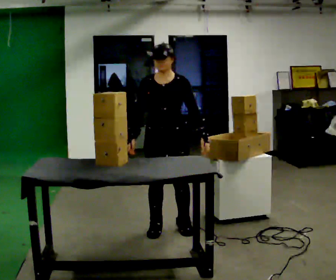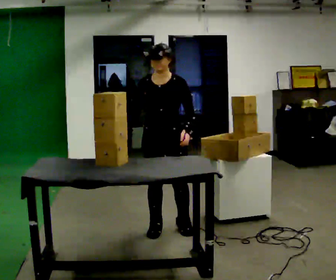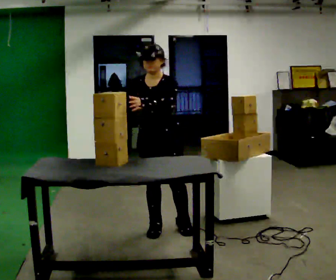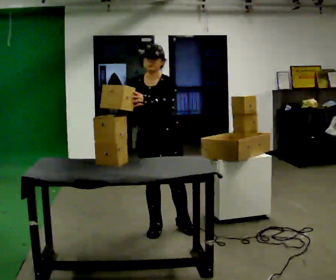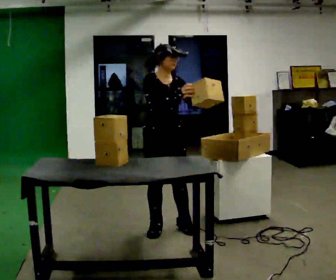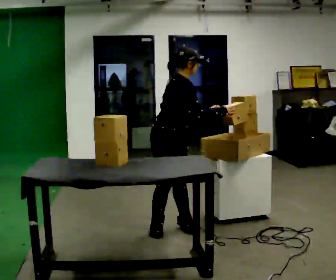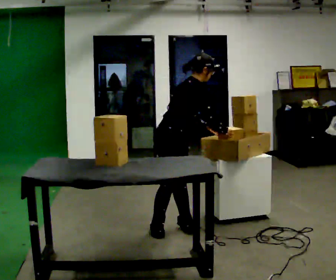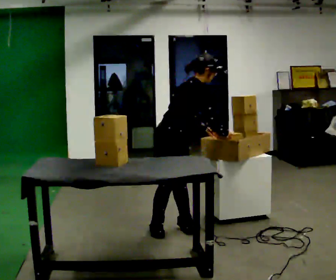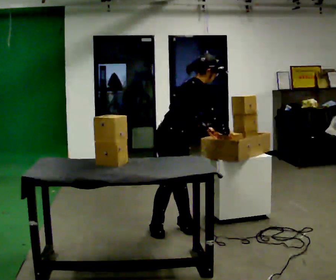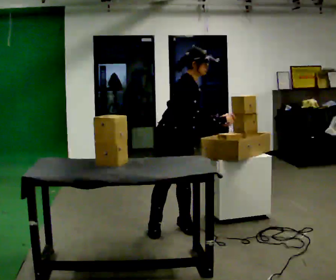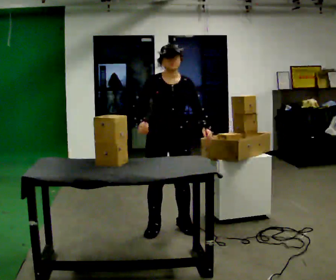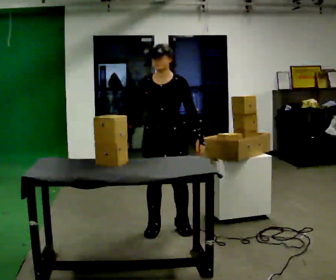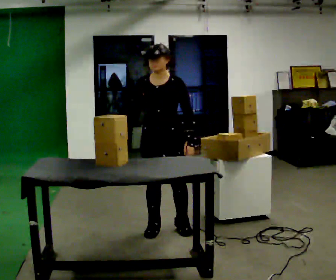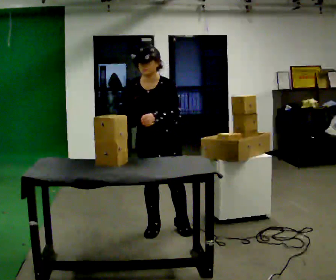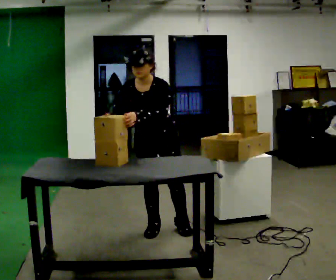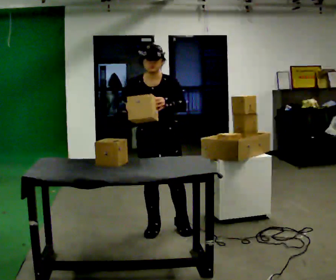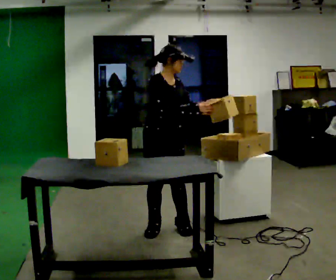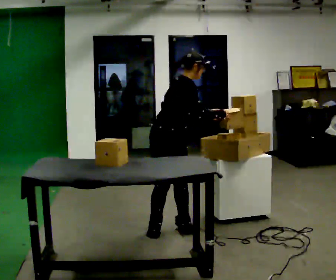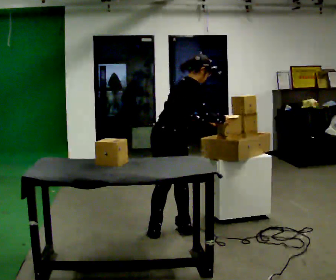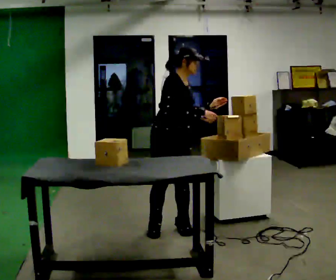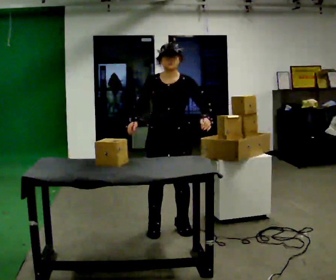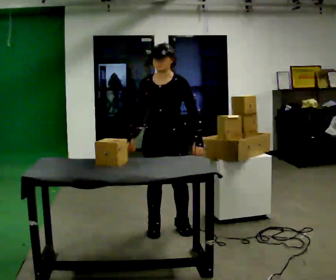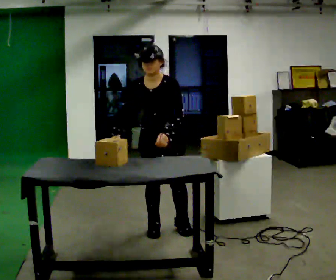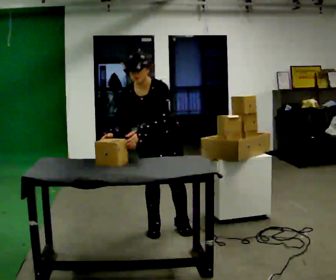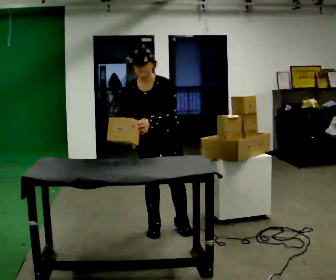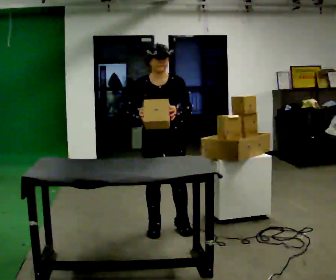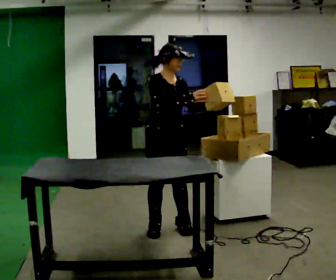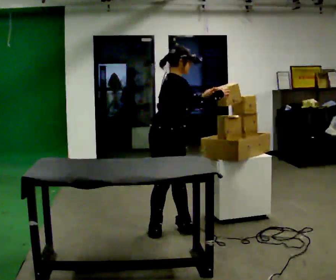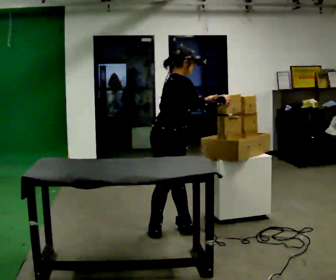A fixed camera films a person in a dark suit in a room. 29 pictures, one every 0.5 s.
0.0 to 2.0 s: Seen from above the body turns counterclockwise, about 30 degrees: to their left, with its near side sliding to the right. In the picture their right hand goes to the right and upward.
2.0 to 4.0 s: The part of the body nearest the lens slides to the right as the person turns to their left by about 45 degrees. In the picture the upper body tilts clockwise, shoulders to the right, as they bend forward.
4.0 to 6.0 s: The person turns about 90 degrees to their right, clockwise seen from above, so the part of the body nearest the lens slides to the left. In the picture the upper body tilts counterclockwise, shoulders to the left, as they lean back or straighten. In the picture their right hand goes to the left.
6.0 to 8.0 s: The part of the body nearest the lens slides to the right as the person turns to their left by about 60 degrees. In the picture their right hand goes to the right.
8.0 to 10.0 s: Seen from above the body turns clockwise, about 60 degrees: to their right, with its near side sliding to the left. In the picture their right hand goes to the left.
10.0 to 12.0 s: In the picture their left hand goes to the left.
12.0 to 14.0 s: The part of the body nearest the lens slides to the right as the person turns to their left by about 90 degrees. In the picture the upper body tilts clockwise, shoulders to the right. In the picture their left hand goes to the right.
The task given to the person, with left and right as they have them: Move objects one at a time from the waist-height shelf on your left to the one on your right. Repeat at your own pace until the operator says stop. Keep both feet on the marked spots for the whole take. If you have to step, stop and tell the operator.
The film runs forward here.
